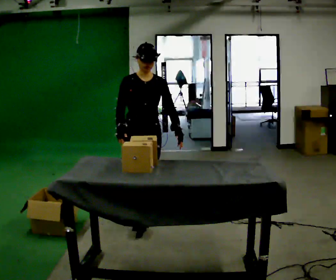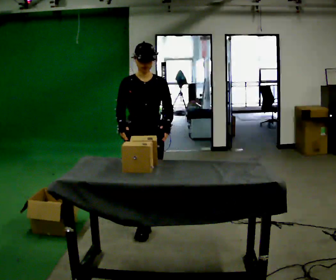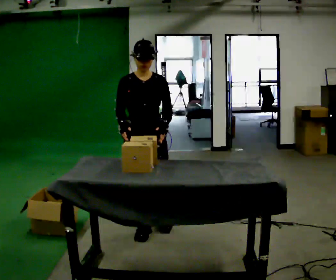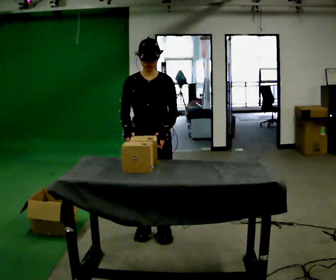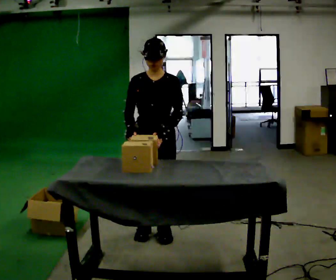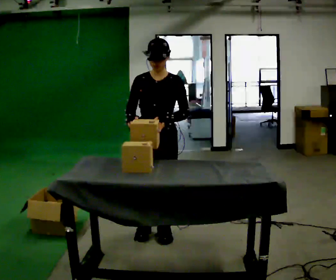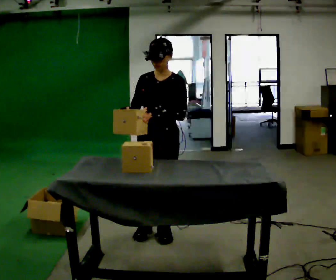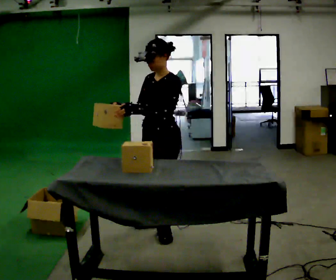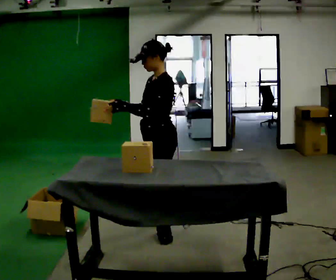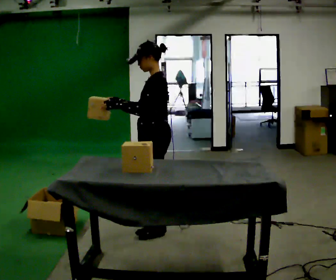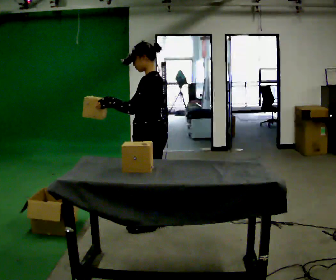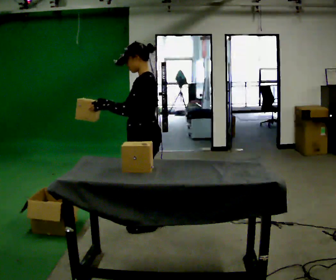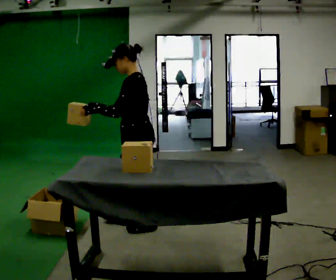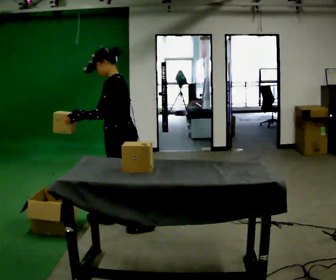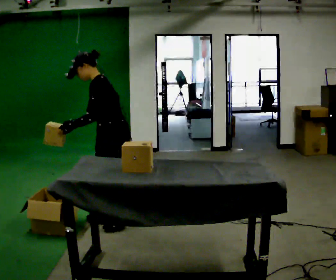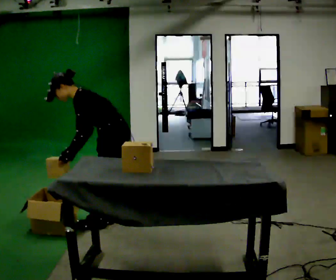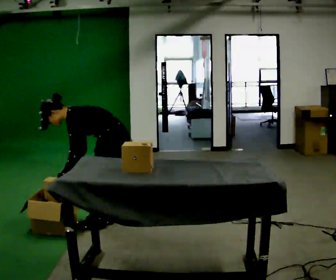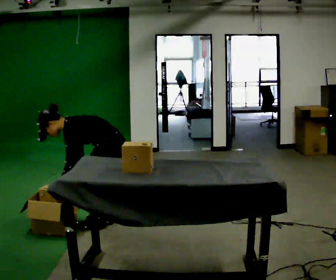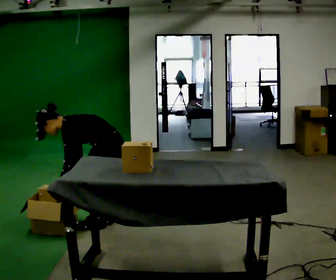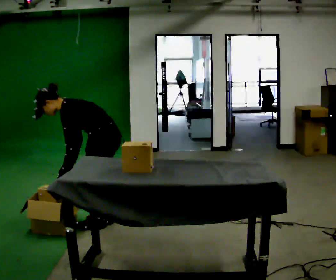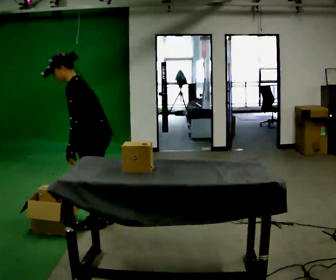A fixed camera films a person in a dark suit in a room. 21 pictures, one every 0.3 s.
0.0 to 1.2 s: In the picture they go toward the camera, about 0.25 m in 2 steps, which for them is forward.
1.2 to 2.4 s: Seen from above the body turns clockwise, about 60 degrees: to their right, with its near side sliding to the left.
2.4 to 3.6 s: In the picture they go to the left, about 0.25 m, which for them is forward.
3.6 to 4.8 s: In the picture they go to the left, about 0.25 m in 2 steps, which for them is forward. The upper body goes downward. In the picture the upper body tilts counterclockwise, shoulders to the left, as they bend forward. In the picture their left hand goes downward, the arm swinging counterclockwise.
4.8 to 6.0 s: In the picture the upper body tilts clockwise, shoulders to the right, as they lean back or straighten.
The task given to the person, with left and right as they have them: Carry each object across the room and drop it into the container on the floor, then walk back for the next one. Keep going until the operator says stop; one object at a time, and do not rush between trips.
The film runs forward here.
